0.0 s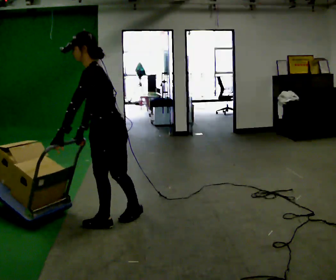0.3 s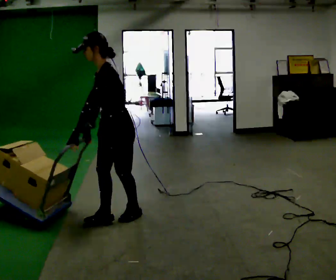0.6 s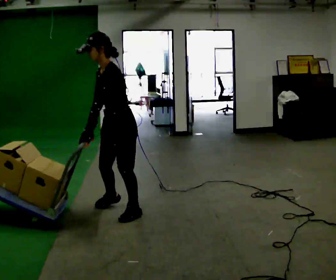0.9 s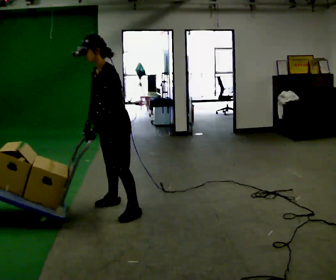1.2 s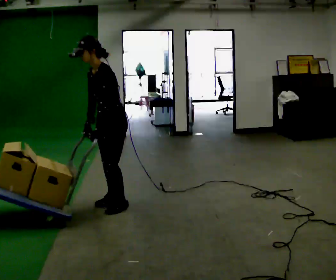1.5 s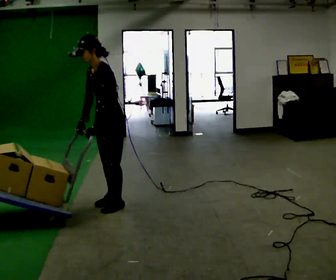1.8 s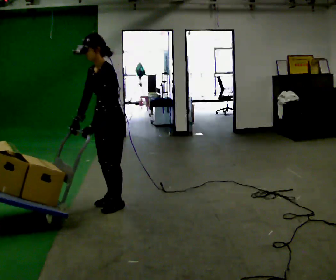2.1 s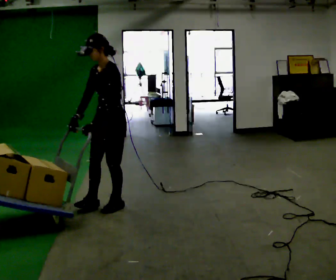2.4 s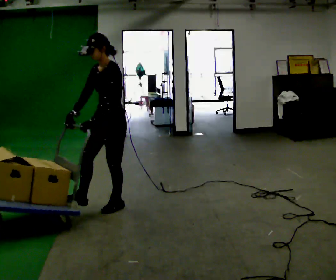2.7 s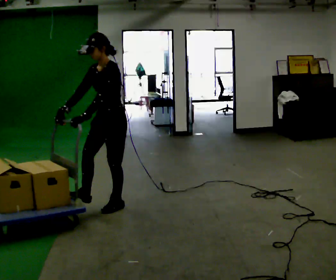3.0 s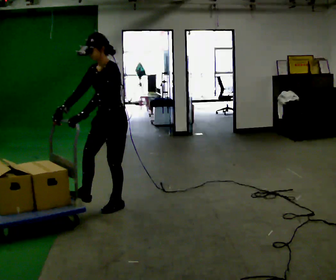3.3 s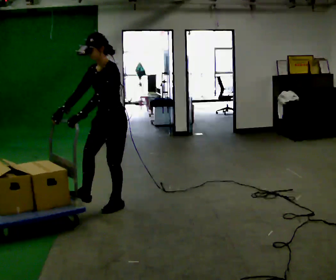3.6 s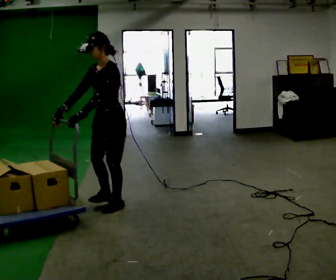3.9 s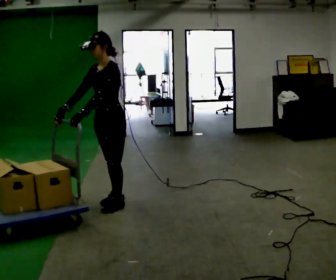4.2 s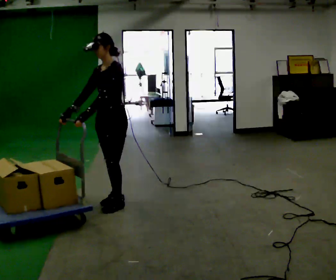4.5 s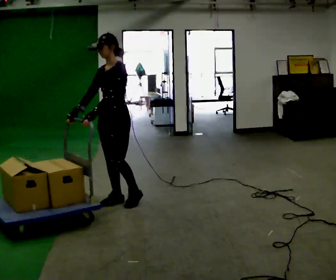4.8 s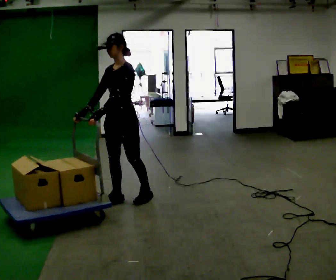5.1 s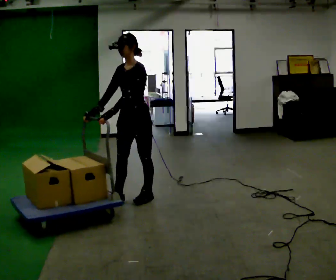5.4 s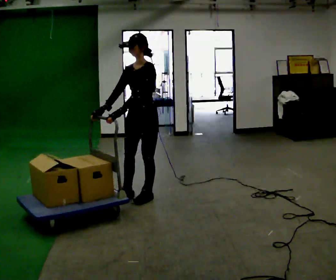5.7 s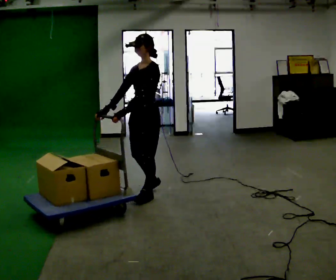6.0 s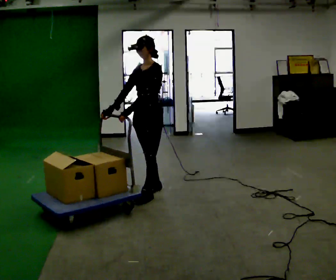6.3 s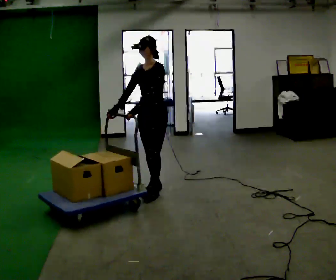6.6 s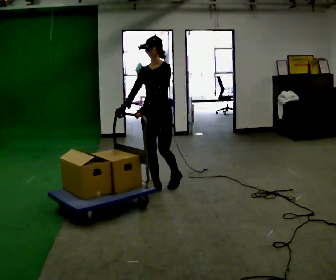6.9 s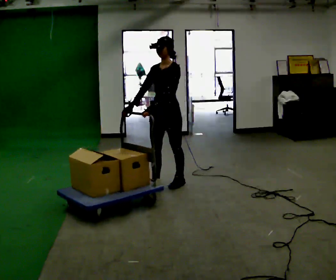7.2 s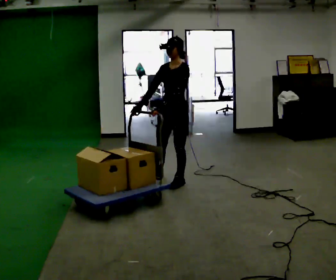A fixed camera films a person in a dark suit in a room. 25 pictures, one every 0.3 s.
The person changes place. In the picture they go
away from the camera.
0.0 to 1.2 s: In the picture they go away from the camera, about 0.5 m in 2 steps, which for them is to their right and backward.
1.2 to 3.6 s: The person moves a little, or ends about where they began.
3.6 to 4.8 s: In the picture they go away from the camera, about 0.25 m in 1 step, which for them is backward.
4.8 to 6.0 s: In the picture they go to the right and away from the camera, about 0.25 m in 1 step, which for them is backward.
6.0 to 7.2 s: In the picture they go away from the camera and to the right, about 0.5 m in 2 steps, which for them is backward.
The film runs backward here.
